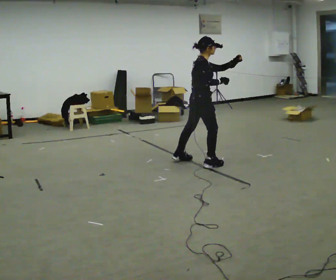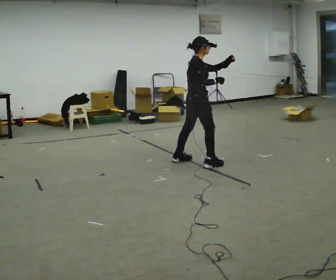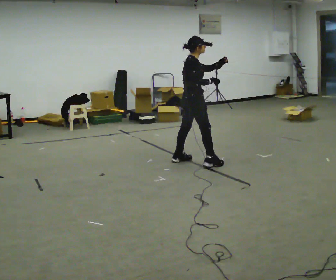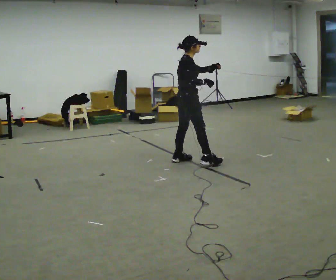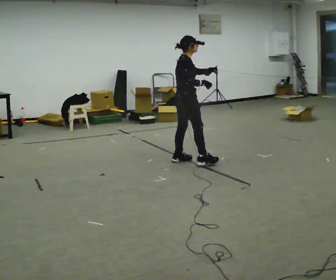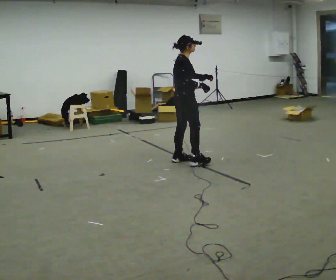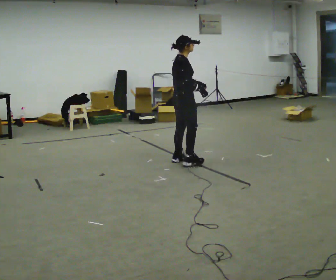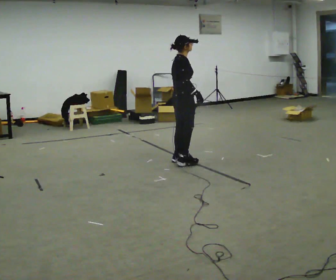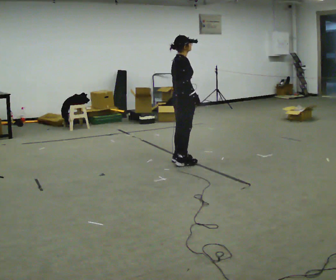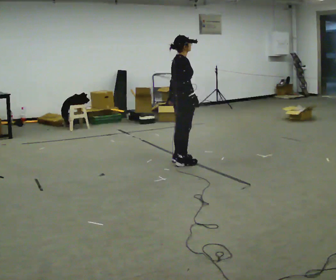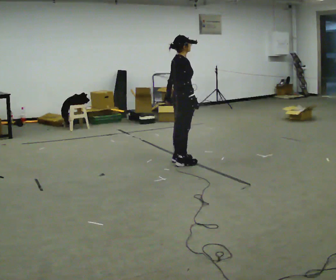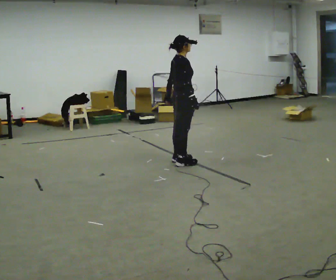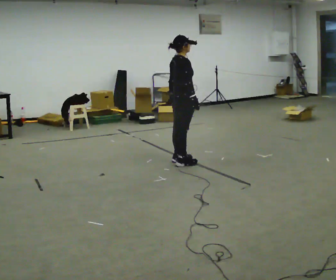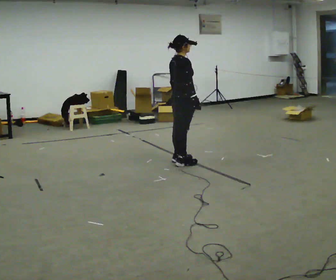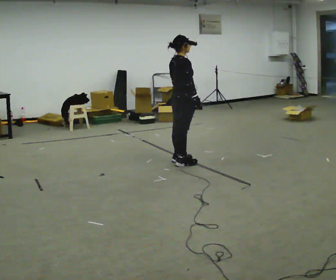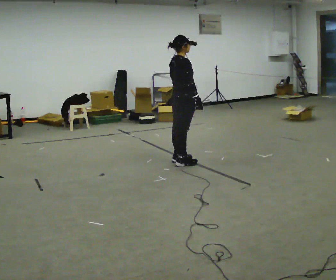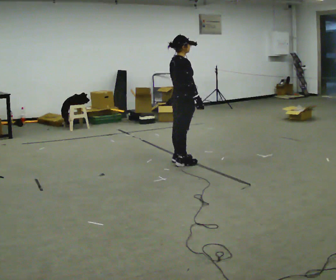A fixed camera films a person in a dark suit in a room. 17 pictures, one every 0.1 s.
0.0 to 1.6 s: In the picture they go to the left, about 0.25 m in 1 step, which for them is backward. In the picture their left hand goes to the left and downward.
The film runs forward here.
